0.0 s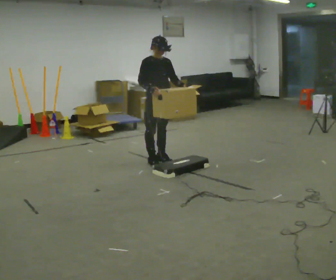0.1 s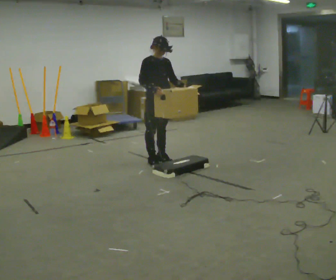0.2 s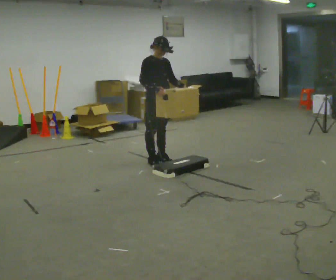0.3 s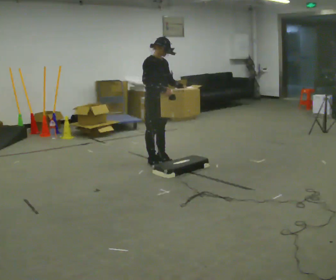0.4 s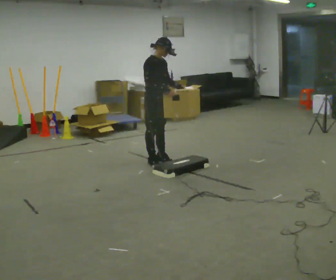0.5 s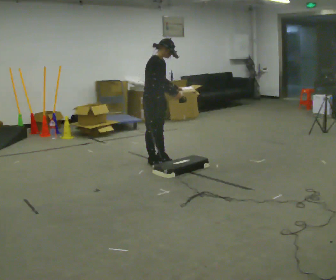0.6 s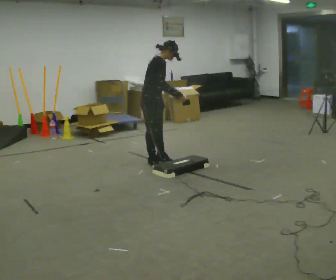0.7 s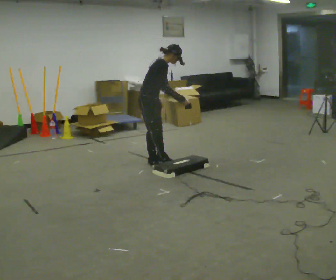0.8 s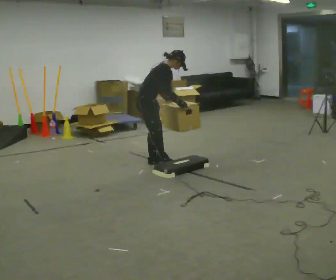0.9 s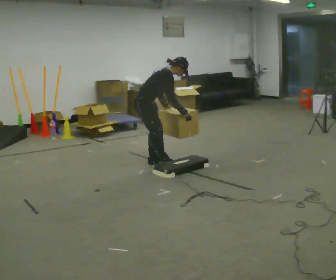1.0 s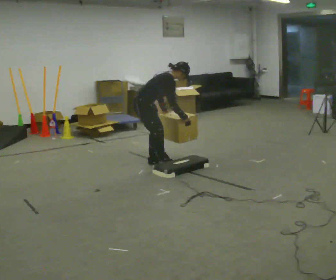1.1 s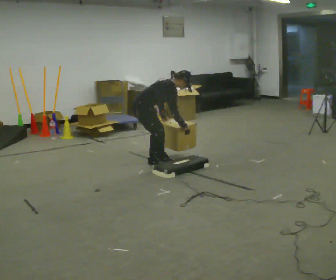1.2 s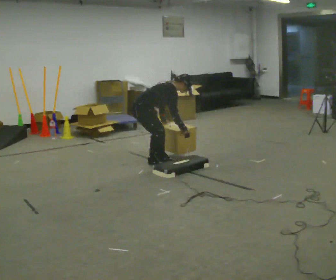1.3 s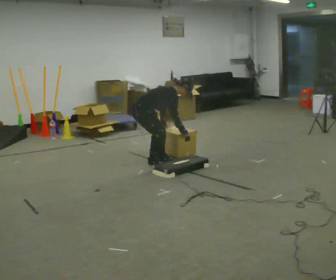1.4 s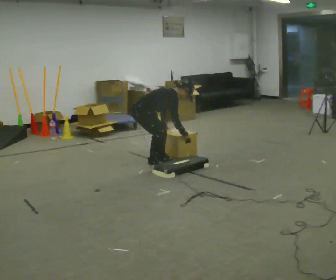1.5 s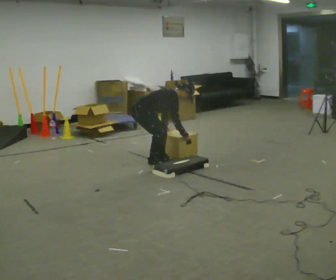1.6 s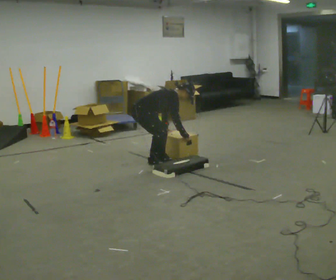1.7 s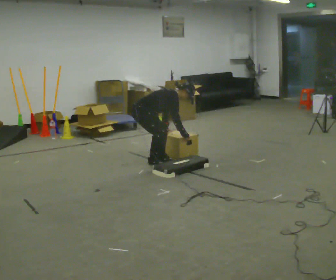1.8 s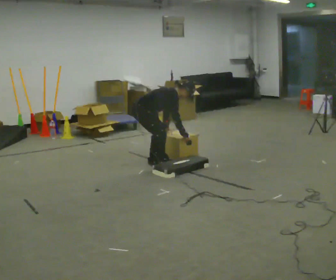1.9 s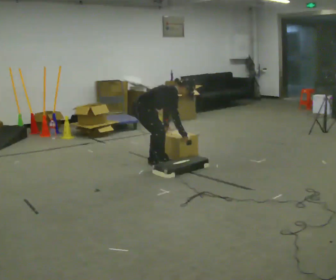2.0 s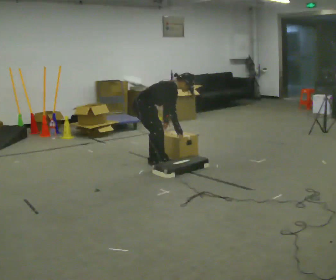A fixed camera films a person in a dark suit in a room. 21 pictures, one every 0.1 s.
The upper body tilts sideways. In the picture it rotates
clockwise.
0.0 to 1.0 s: The part of the body nearest the lens slides to the right as the person turns to their left by about 45 degrees. In the picture they go to the left, about 0.25 m, which for them is backward. The upper body goes downward. In the picture the upper body tilts clockwise, shoulders to the right, as they bend forward. In the picture their left hand goes downward, the arm swinging clockwise.
1.0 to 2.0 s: The person moves a little, or ends about where they began.
The film runs forward here.
